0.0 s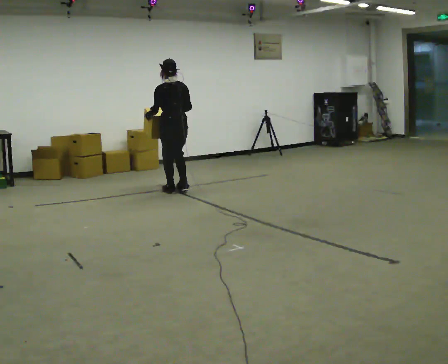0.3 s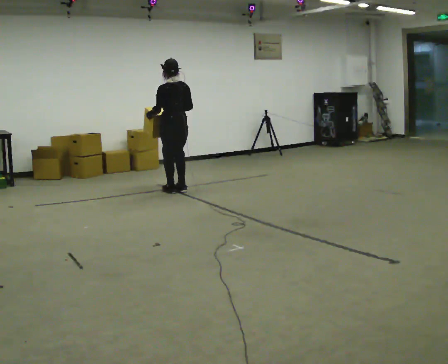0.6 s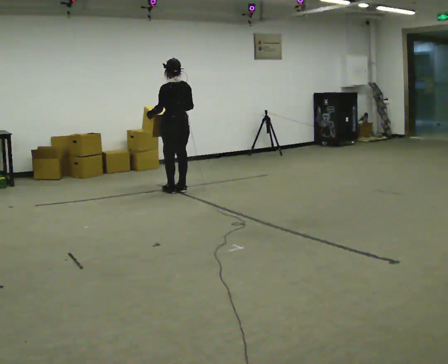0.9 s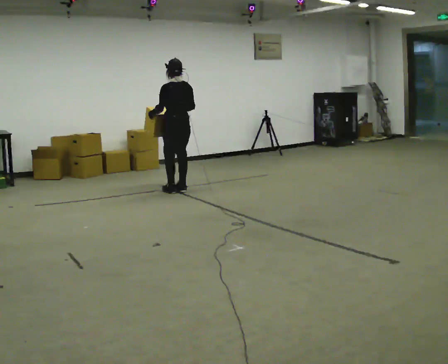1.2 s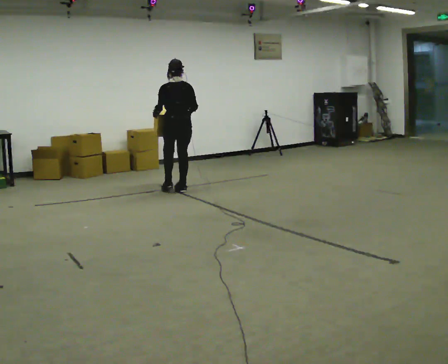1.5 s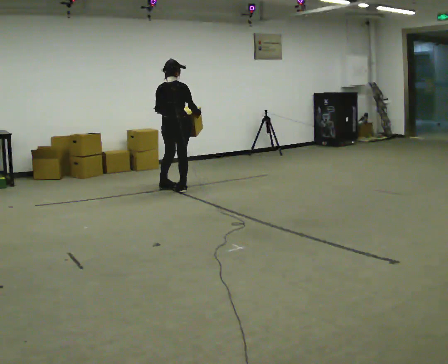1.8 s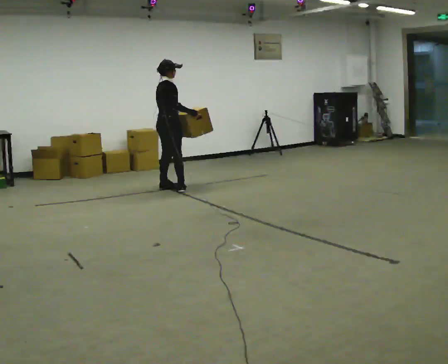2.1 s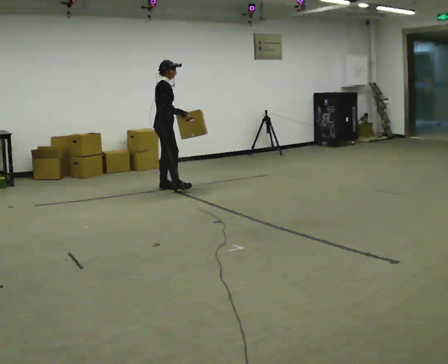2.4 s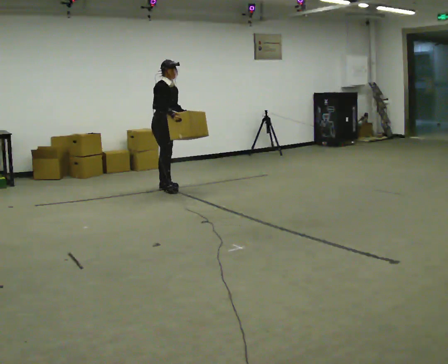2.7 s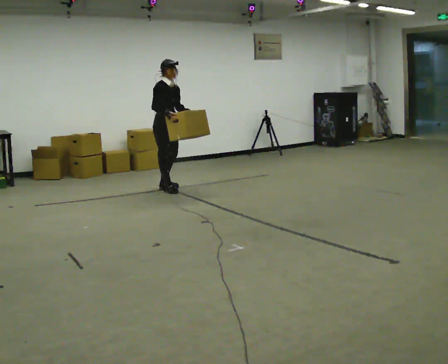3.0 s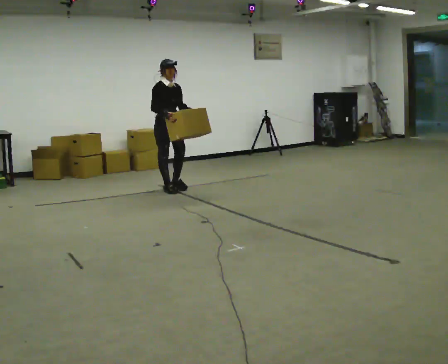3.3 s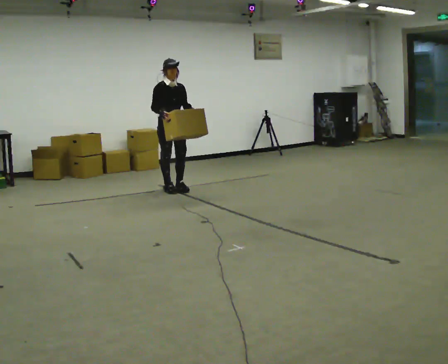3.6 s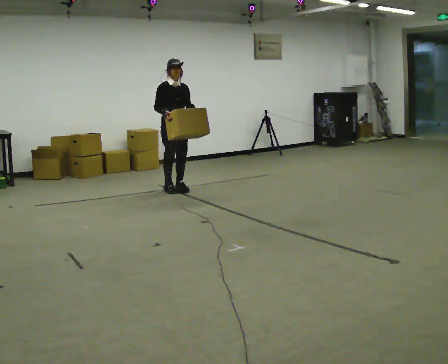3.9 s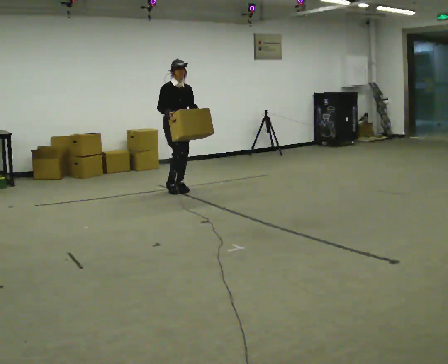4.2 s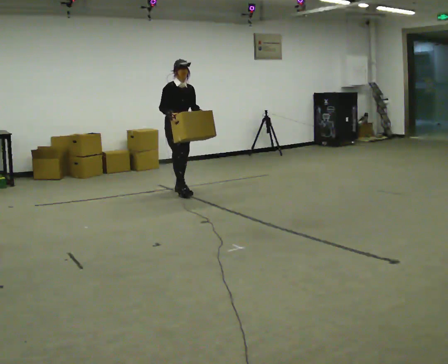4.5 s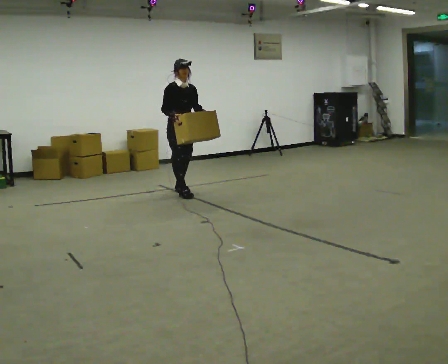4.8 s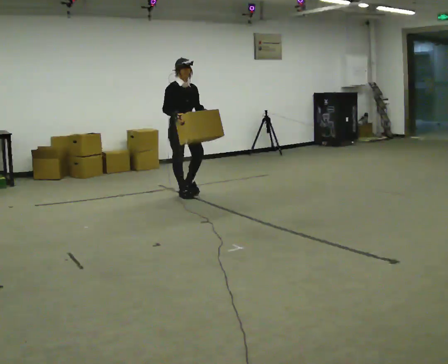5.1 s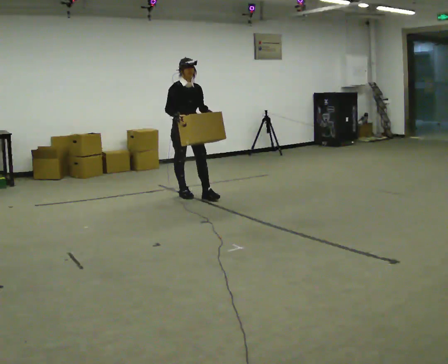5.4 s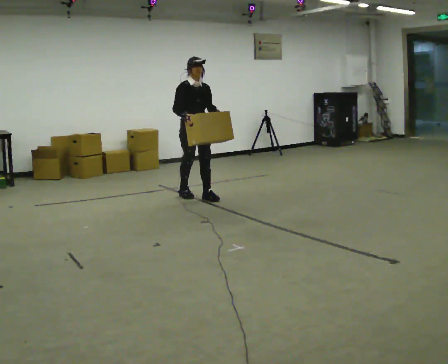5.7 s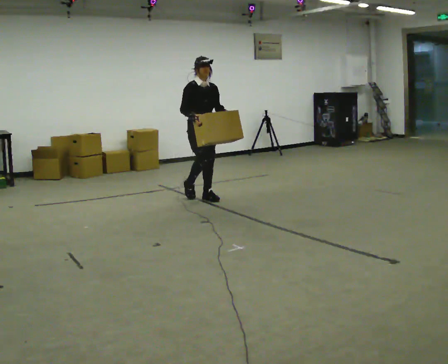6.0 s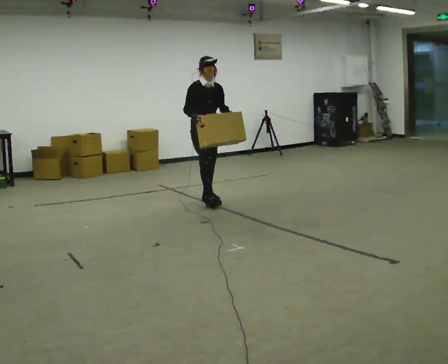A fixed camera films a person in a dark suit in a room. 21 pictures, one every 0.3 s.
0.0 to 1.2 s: The person moves a little, or ends about where they began.
1.2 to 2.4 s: The part of the body nearest the lens slides to the left as the person turns to their right by about 120 degrees. In the picture they go to the left, about 0.25 m in 1 step. In the picture their right hand goes to the left.
2.4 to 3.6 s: The part of the body nearest the lens slides to the left as the person turns to their right by about 30 degrees.
3.6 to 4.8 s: In the picture they go toward the camera, about 0.25 m in 1 step, which for them is forward.
4.8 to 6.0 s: In the picture they go toward the camera and to the right, about 0.5 m in 1 step, which for them is forward and to their left.
The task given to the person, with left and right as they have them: Carry the box across the room much more slowly and carefully than normal, back and forth.
The film runs forward here.
